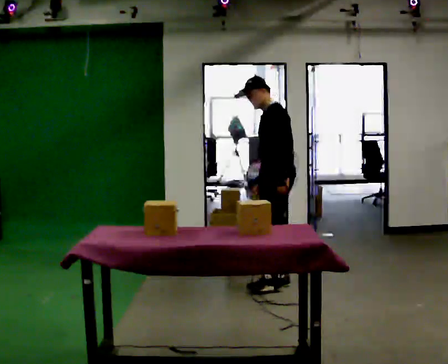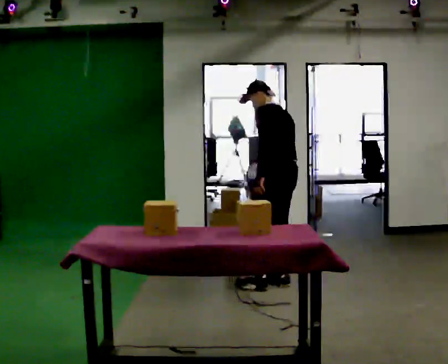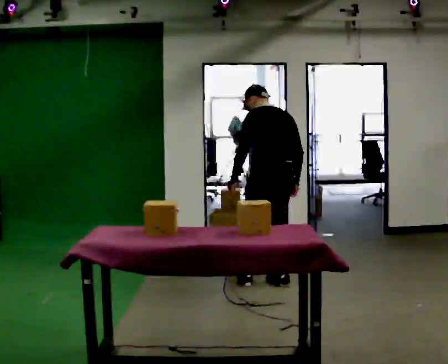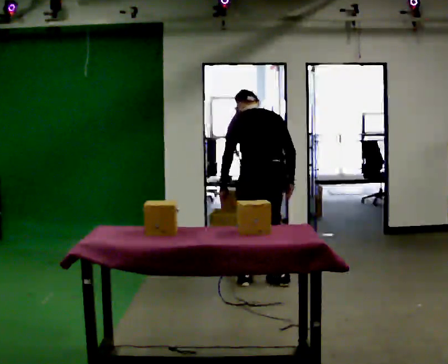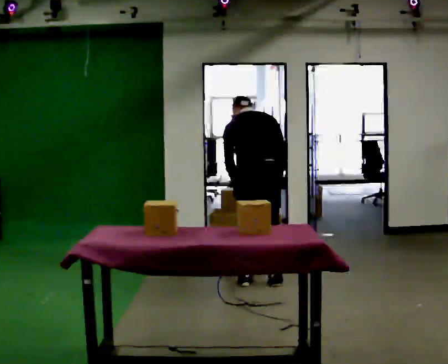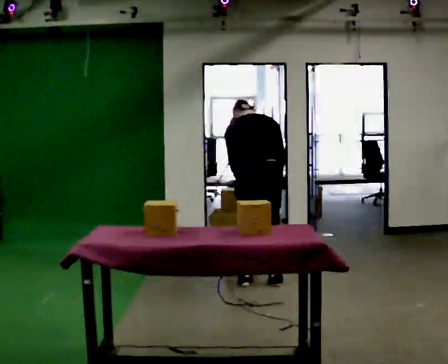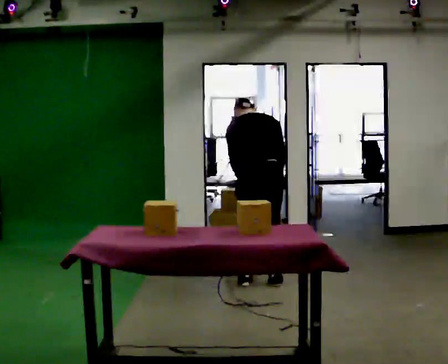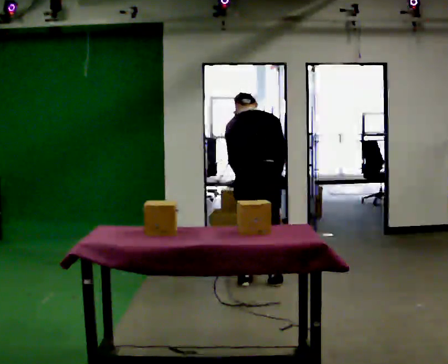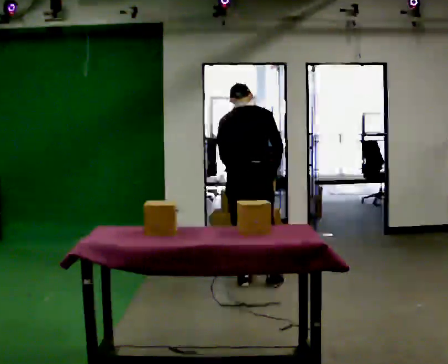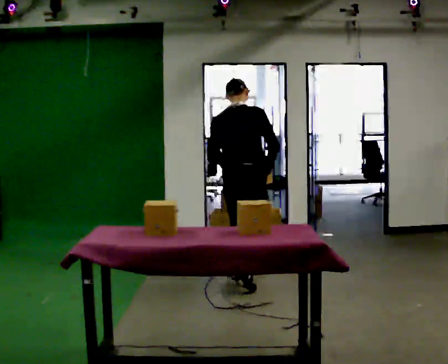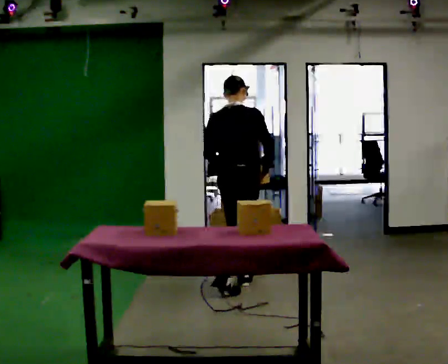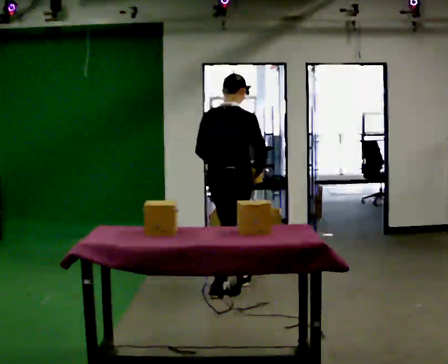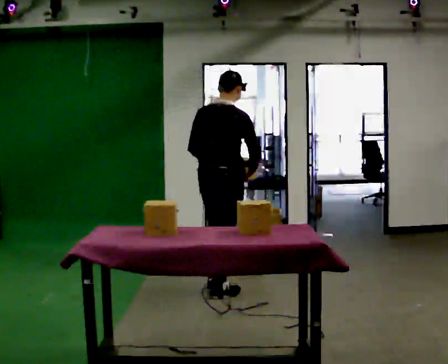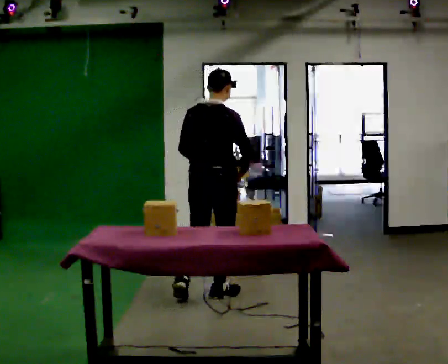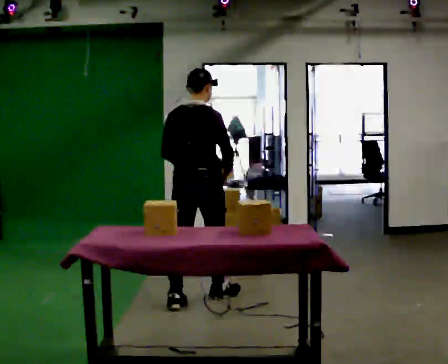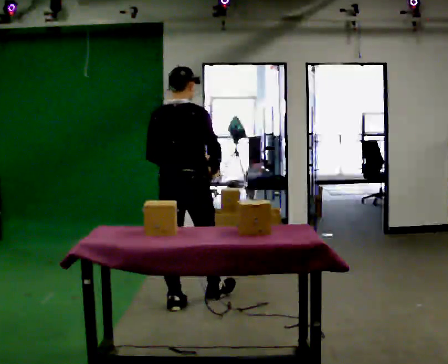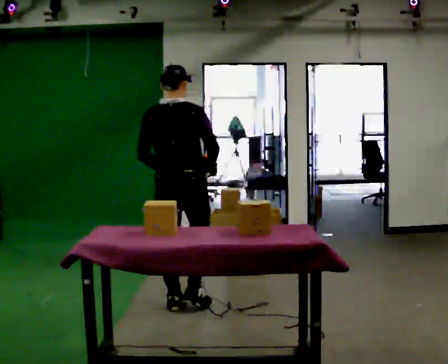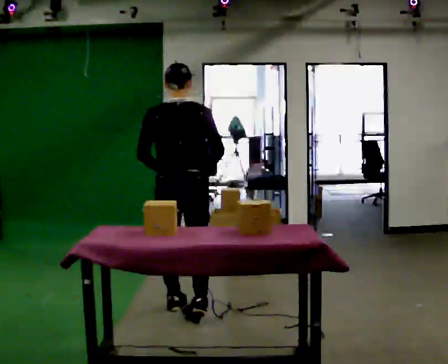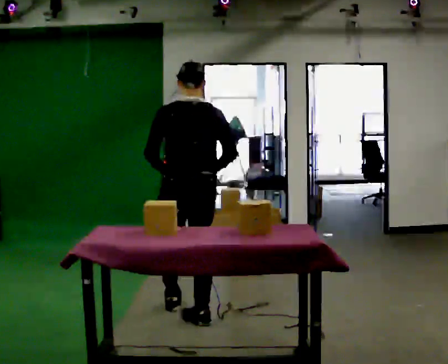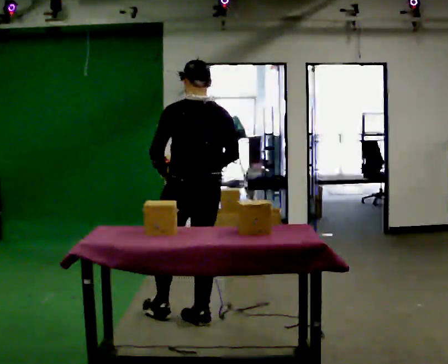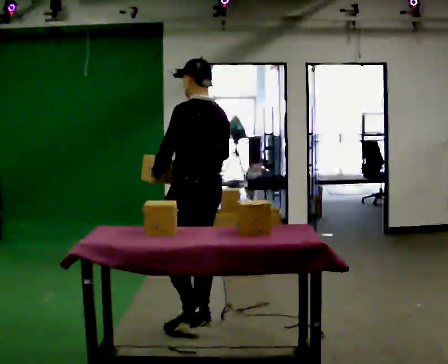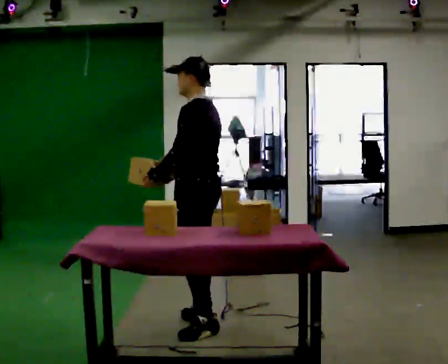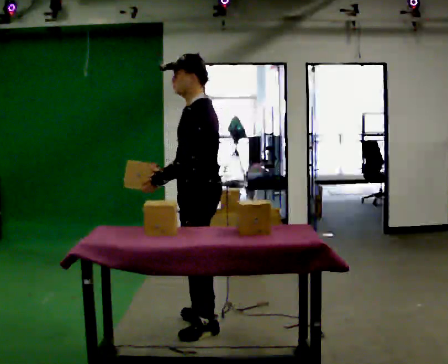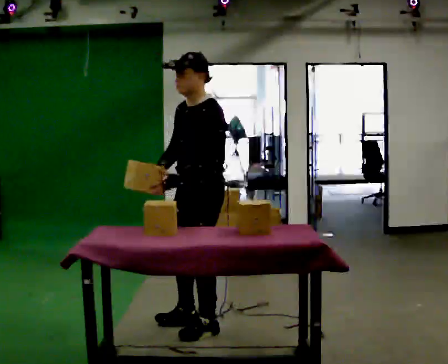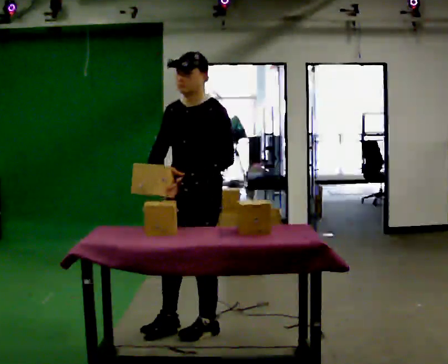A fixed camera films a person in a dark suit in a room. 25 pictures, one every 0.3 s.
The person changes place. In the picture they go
toward the camera.
The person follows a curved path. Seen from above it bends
counterclockwise.
0.0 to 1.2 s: The part of the body nearest the lens slides to the left as the person turns to their right by about 90 degrees. In the picture they go to the left, about 0.25 m in 1 step. The upper body tips away from the camera, its near side rolling upward, as they bend forward. In the picture their left hand goes to the left.
1.2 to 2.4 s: The person moves a little, or ends about where they began.
2.4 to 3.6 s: In the picture they go toward the camera and to the left, about 0.5 m in 1 step, which for them is backward. The upper body tips toward the camera, its near side rolling downward, as they lean back or straighten.
3.6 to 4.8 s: In the picture they go toward the camera and to the left, about 0.5 m in 1 step, which for them is backward.
4.8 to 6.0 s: Seen from above the body turns counterclockwise, about 60 degrees: to their left, with its near side sliding to the right. In the picture they go toward the camera and to the right, about 0.5 m in 1 step.
6.0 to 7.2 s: Seen from above the body turns counterclockwise, about 90 degrees: to their left, with its near side sliding to the right. In the picture they go toward the camera, about 0.25 m in 1 step. In the picture their left hand goes to the right.
The film runs backward here.
